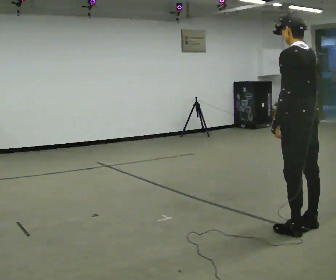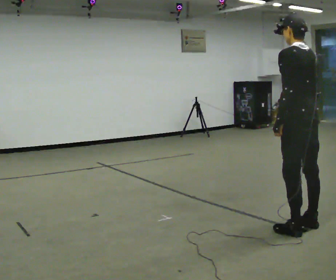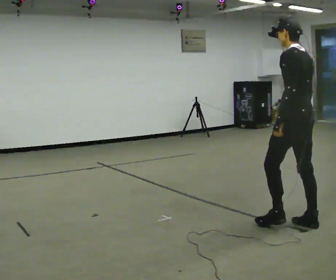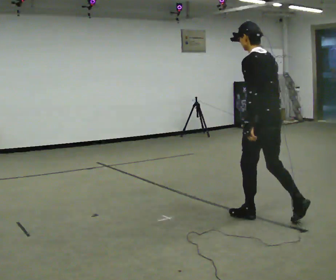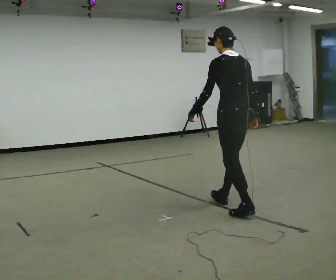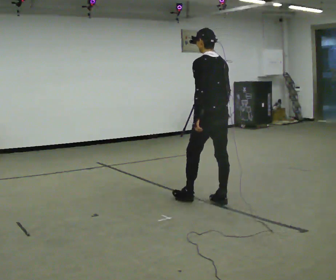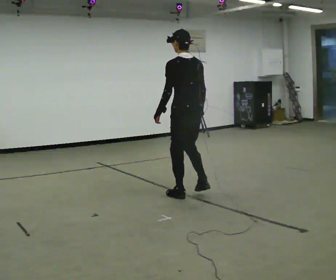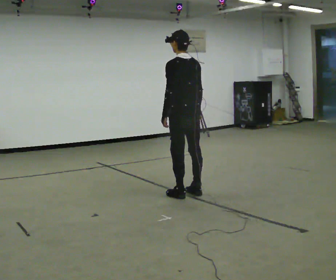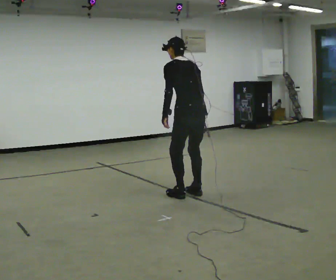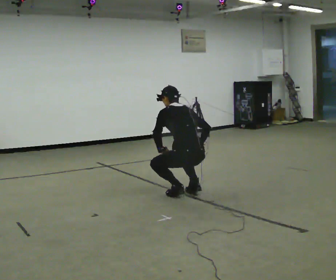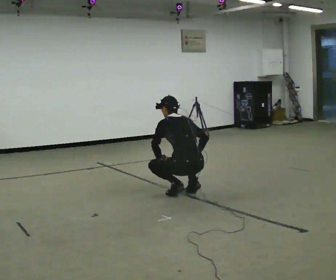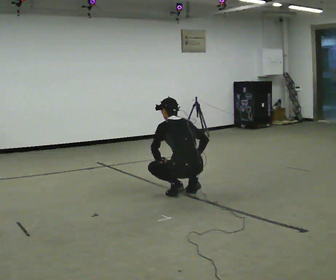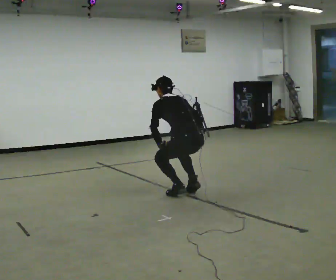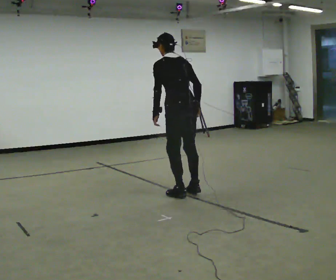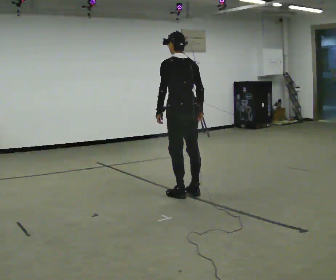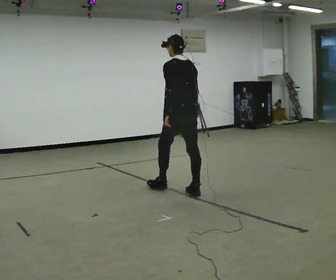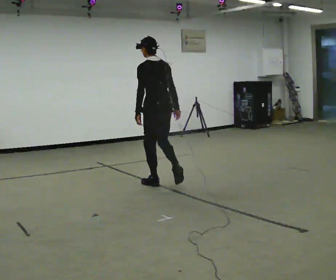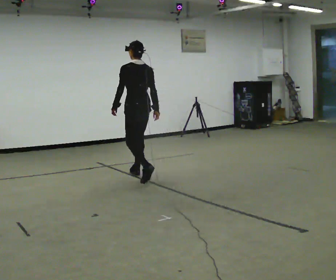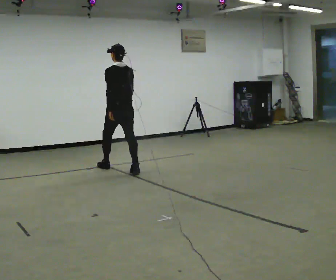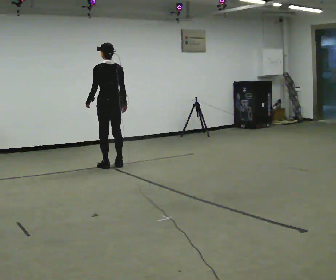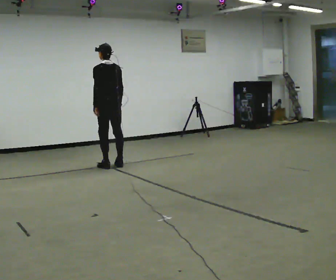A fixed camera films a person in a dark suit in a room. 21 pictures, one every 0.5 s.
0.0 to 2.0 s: In the picture they go away from the camera and to the left, about 1 m in 2 steps, which for them is forward.
2.0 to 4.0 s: In the picture they go away from the camera and to the left, about 0.75 m in 2 steps, which for them is forward.
4.0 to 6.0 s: In the picture their right hand goes downward.
6.0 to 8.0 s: In the picture they go away from the camera and to the left, about 0.5 m in 1 step, which for them is forward. The shoulders move upward. The upper body tips toward the camera, its near side rolling downward, as they lean back or straighten. In the picture their left hand goes upward.
8.0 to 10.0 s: In the picture they go away from the camera and to the left, about 1.5 m in 3 steps, which for them is forward.
The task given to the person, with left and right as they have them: Walk; crouch comfortably at marker; remain briefly; stand and continue.
The film runs forward here.
